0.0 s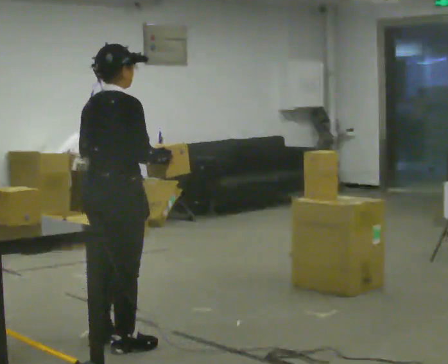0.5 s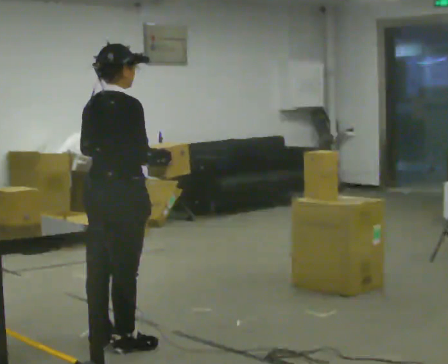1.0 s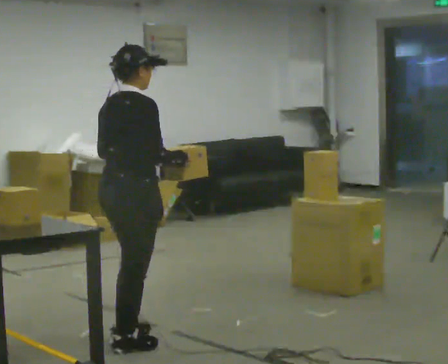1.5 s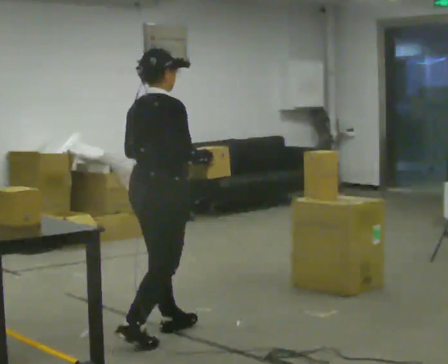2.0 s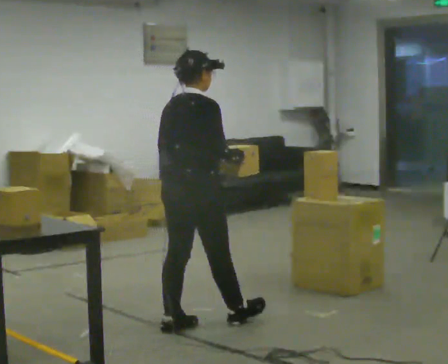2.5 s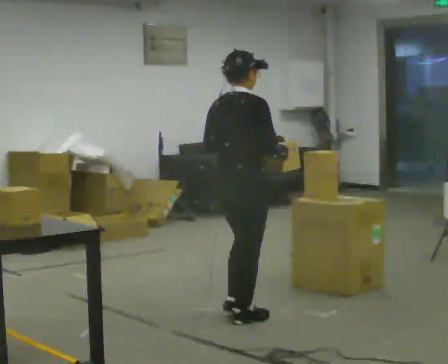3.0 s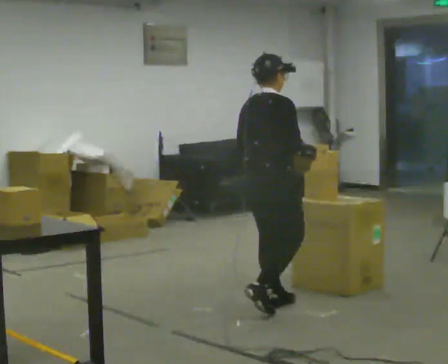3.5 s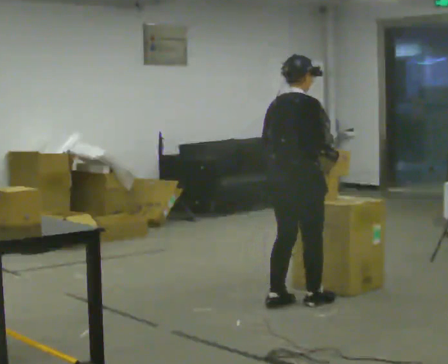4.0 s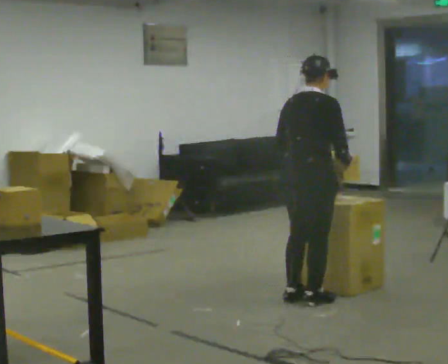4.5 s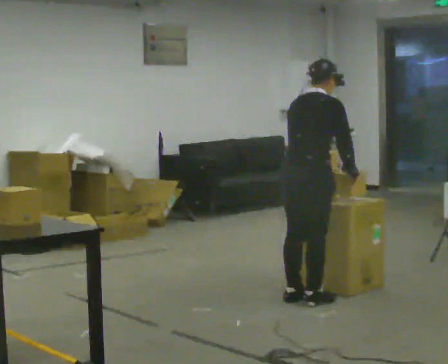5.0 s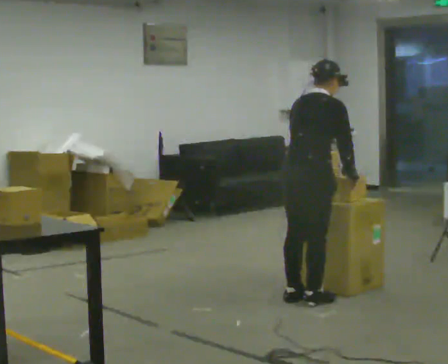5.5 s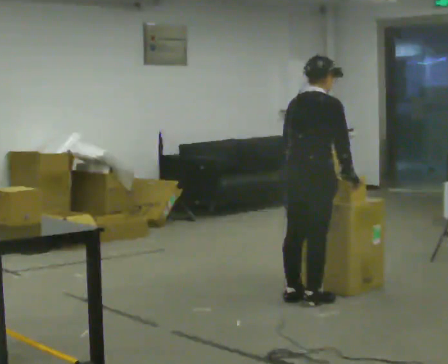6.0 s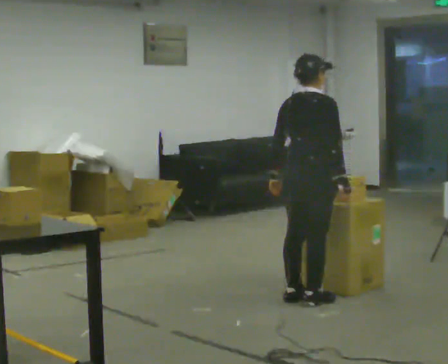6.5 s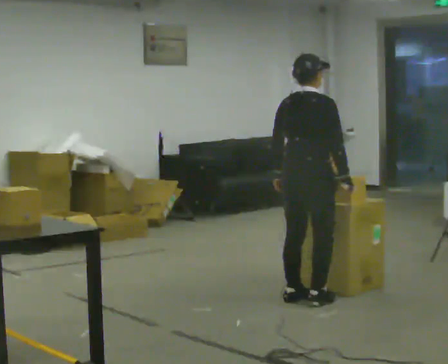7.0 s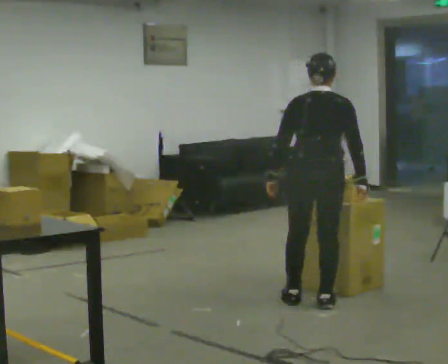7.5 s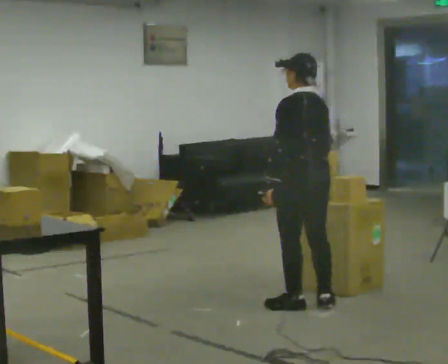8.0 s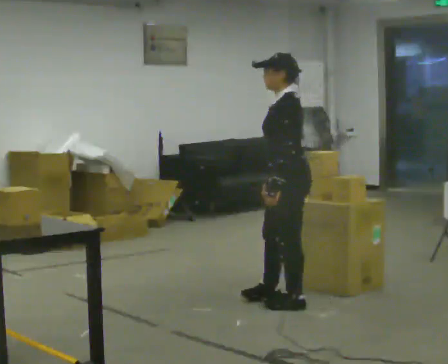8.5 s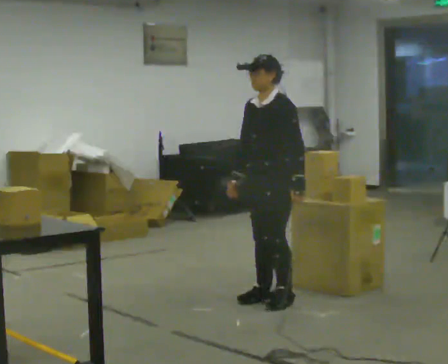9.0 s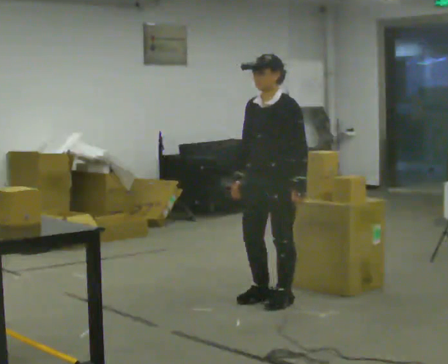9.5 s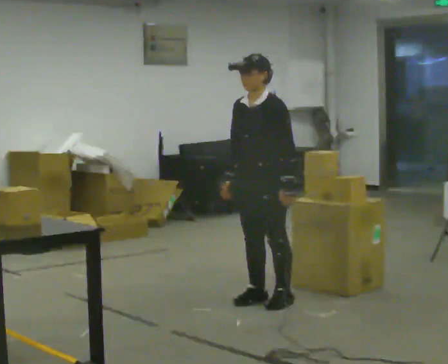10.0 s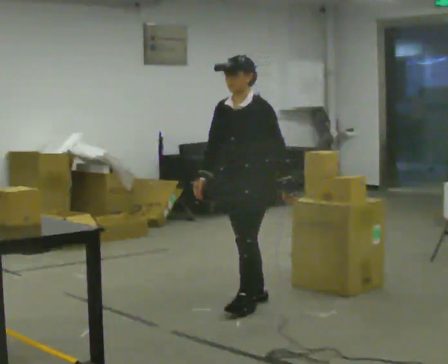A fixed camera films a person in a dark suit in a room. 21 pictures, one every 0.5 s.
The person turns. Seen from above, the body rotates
counterclockwise.
The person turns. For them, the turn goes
to their left.
0.0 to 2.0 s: In the picture they go away from the camera and to the right, about 0.5 m in 1 step, which for them is forward.
2.0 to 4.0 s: In the picture they go away from the camera and to the right, about 1 m in 4 steps, which for them is forward.
4.0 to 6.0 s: The person moves a little, or ends about where they began.
6.0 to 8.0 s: Seen from above the body turns counterclockwise, about 135 degrees: to their left, with its near side sliding to the right. In the picture they go toward the camera, about 0.25 m in 1 step. In the picture their right hand goes to the left.
8.0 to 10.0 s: Seen from above the body turns counterclockwise, about 45 degrees: to their left, with its near side sliding to the right. In the picture they go to the left, about 0.25 m in 2 steps, which for them is to their right and forward.
The film runs forward here.
